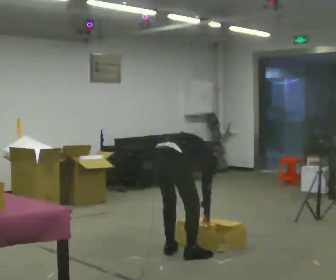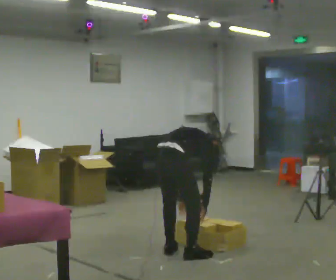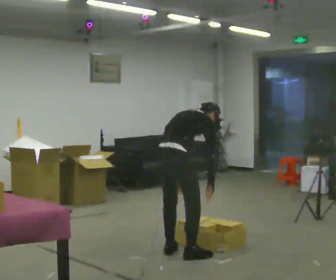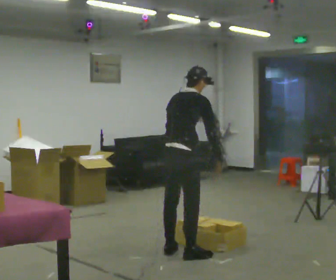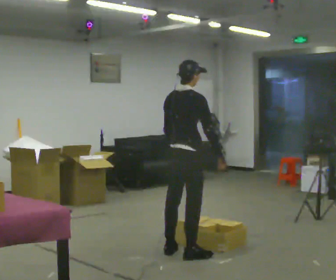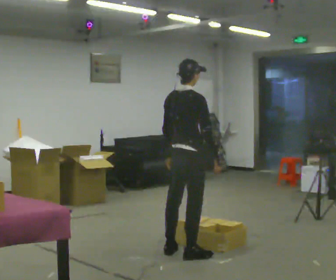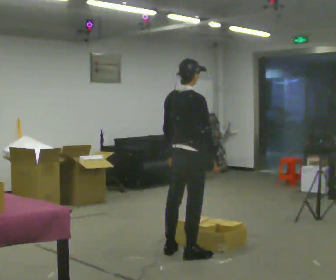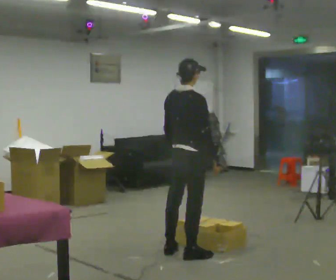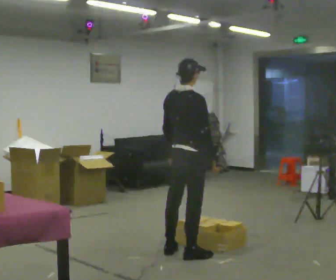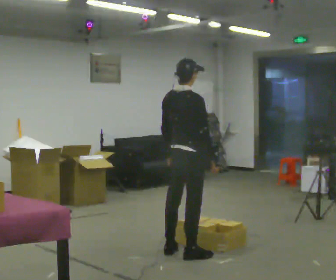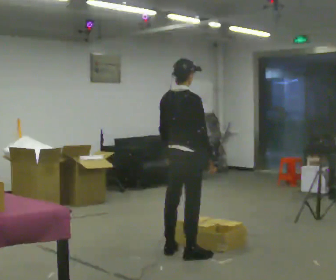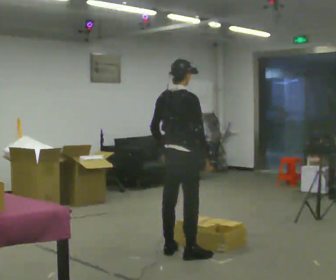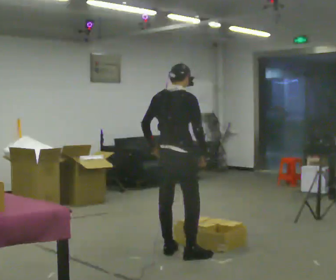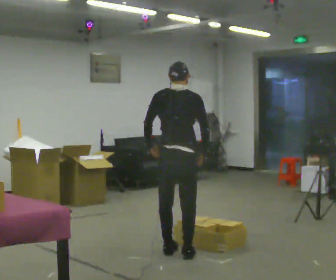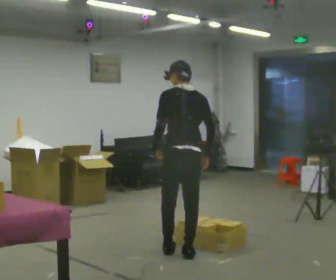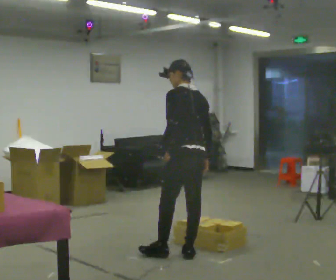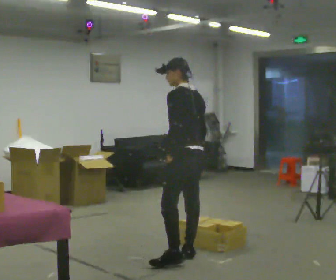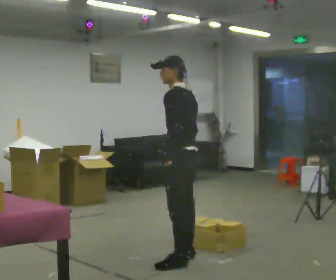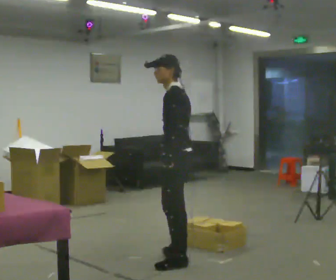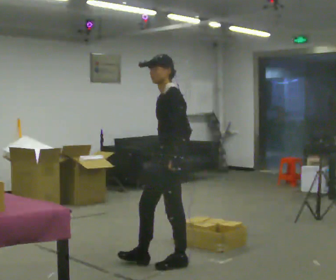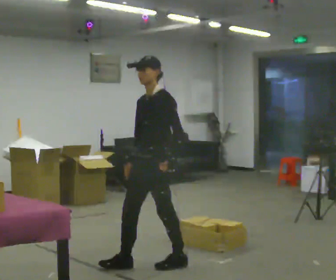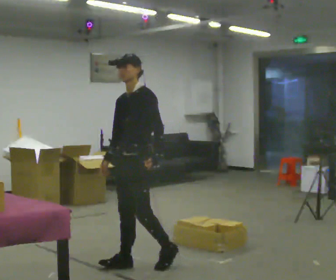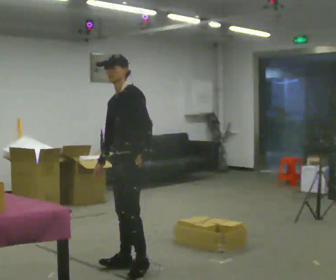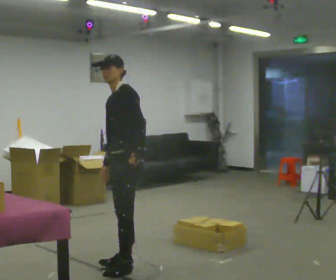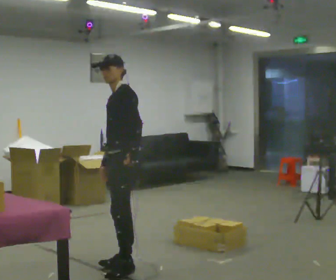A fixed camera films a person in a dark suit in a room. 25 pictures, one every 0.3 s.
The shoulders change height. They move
upward.
The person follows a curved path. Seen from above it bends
clockwise.
0.0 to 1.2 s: The shoulders move upward. The upper body tips toward the camera, its near side rolling downward, as they lean back or straighten. In the picture their right hand goes upward.
1.2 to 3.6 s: The person moves a little, or ends about where they began.
3.6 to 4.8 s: The part of the body nearest the lens slides to the right as the person turns to their left by about 90 degrees. In the picture they go toward the camera, about 0.25 m.
4.8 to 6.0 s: The person turns about 75 degrees to their left, counterclockwise seen from above, so the part of the body nearest the lens slides to the right. In the picture they go to the left and toward the camera, about 0.25 m in 2 steps.
6.0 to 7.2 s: In the picture they go to the left, about 0.25 m in 1 step, which for them is forward.
The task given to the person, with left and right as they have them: Reach down into the deep bin on the floor, take out one object at a time, carry it to the shelf, and come back for the next one. Keep going until the operator says stop; one object at a time, and do not rush between trips.
The film runs forward here.
